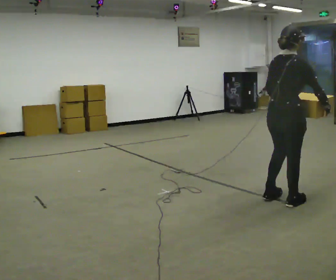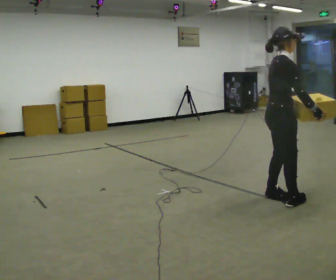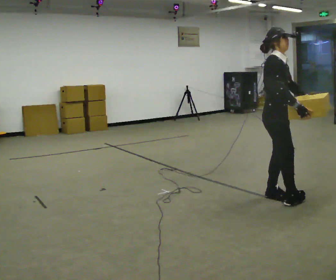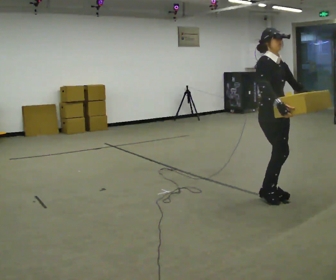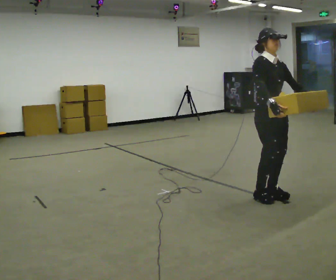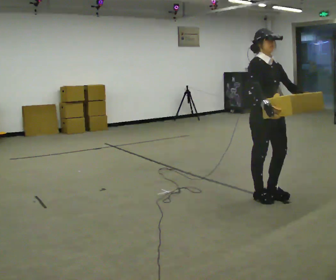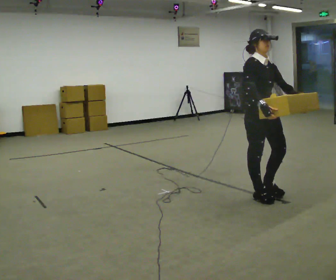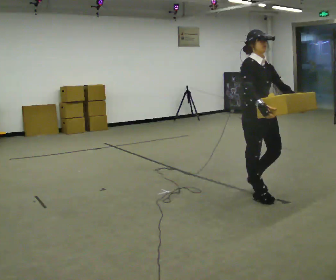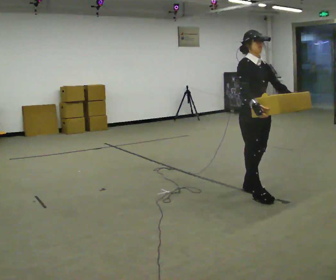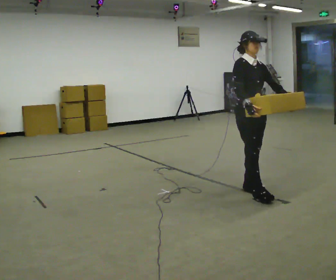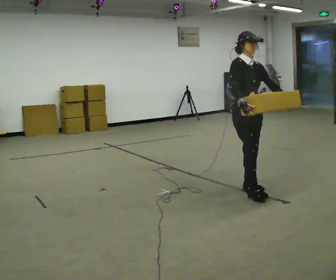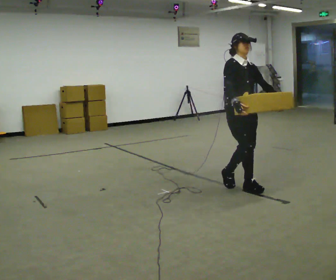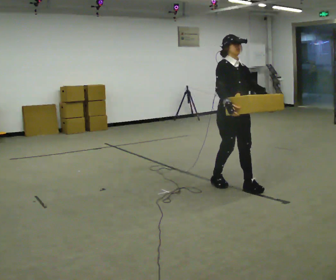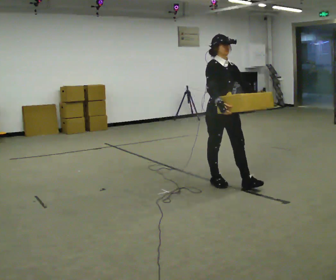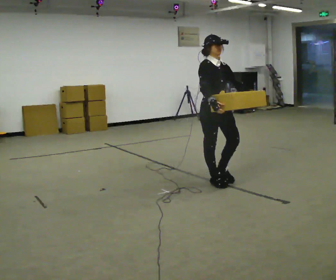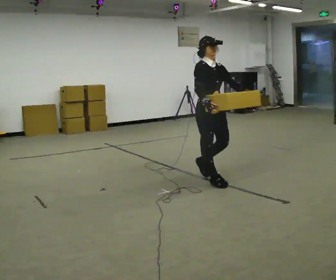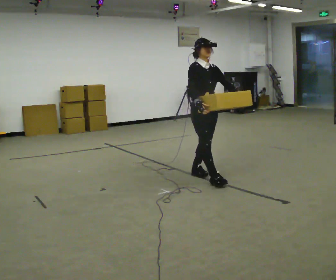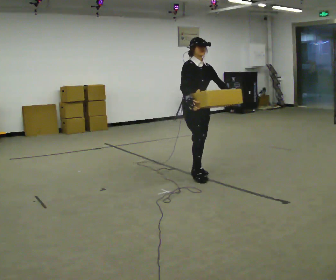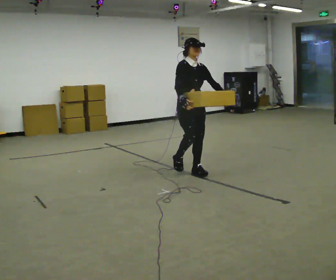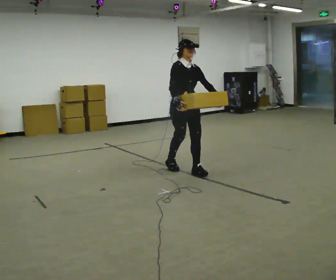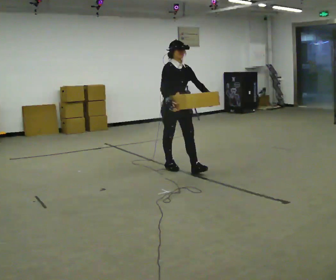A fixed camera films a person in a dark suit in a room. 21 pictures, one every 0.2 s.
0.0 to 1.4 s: Seen from above the body turns clockwise, about 90 degrees: to their right, with its near side sliding to the left. In the picture they go to the left and away from the camera, about 0.25 m in 2 steps.
1.4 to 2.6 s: In the picture they go away from the camera and to the left, about 0.5 m in 2 steps, which for them is backward.
2.6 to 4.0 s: In the picture they go to the left and away from the camera, about 1 m in 1 step, which for them is backward.
The film runs backward here.
